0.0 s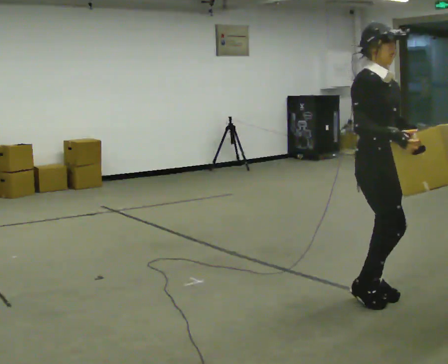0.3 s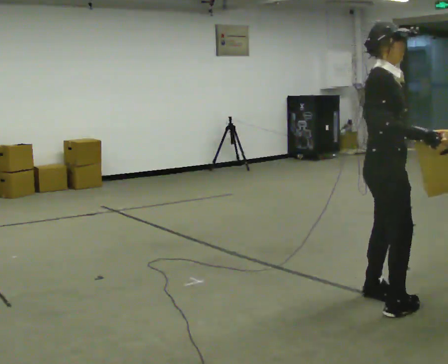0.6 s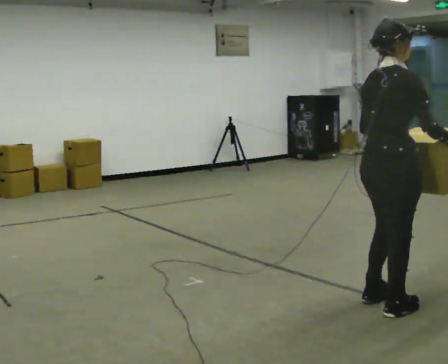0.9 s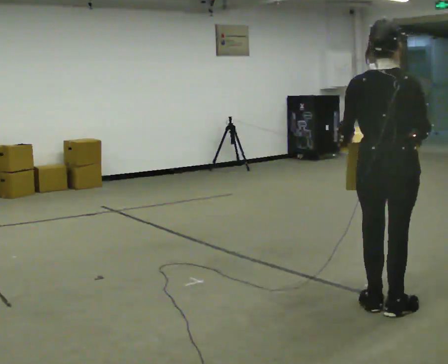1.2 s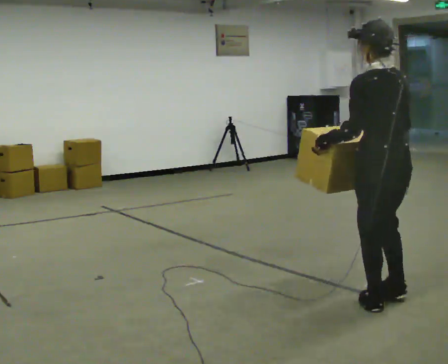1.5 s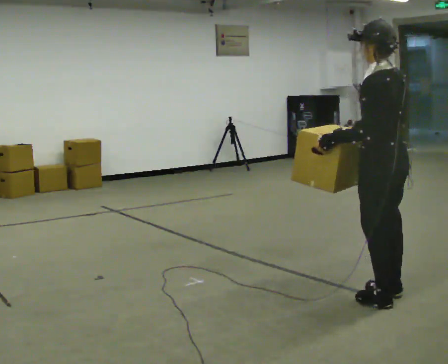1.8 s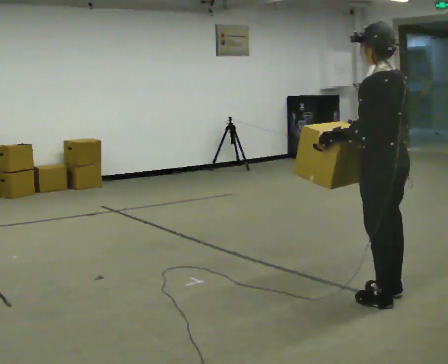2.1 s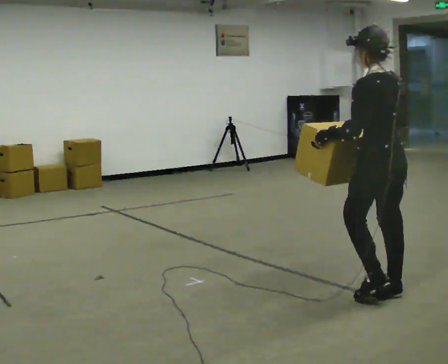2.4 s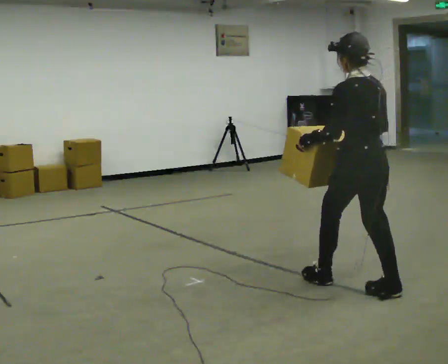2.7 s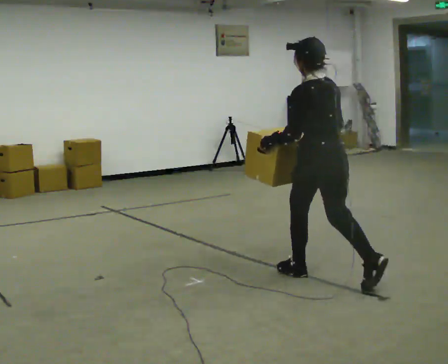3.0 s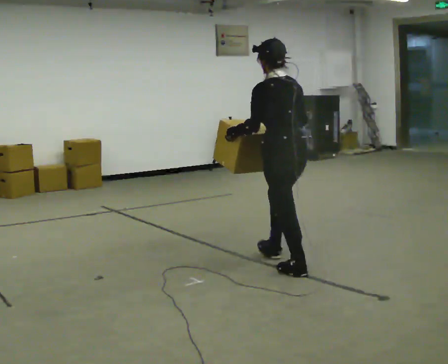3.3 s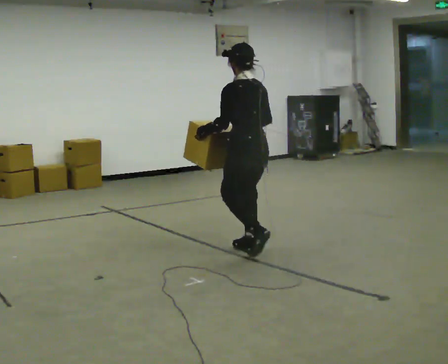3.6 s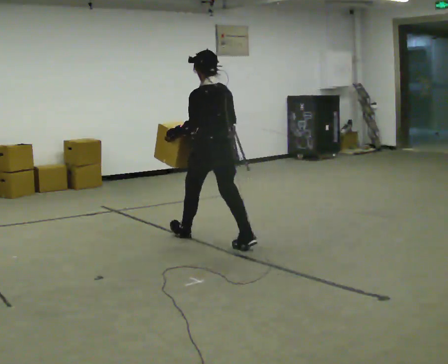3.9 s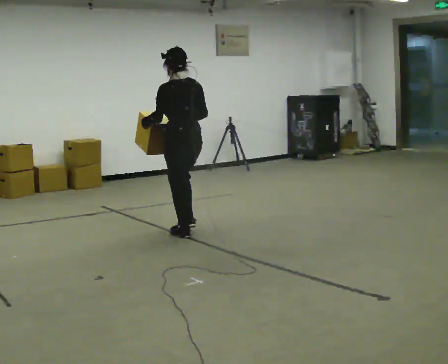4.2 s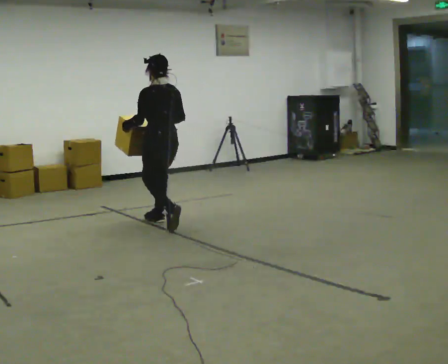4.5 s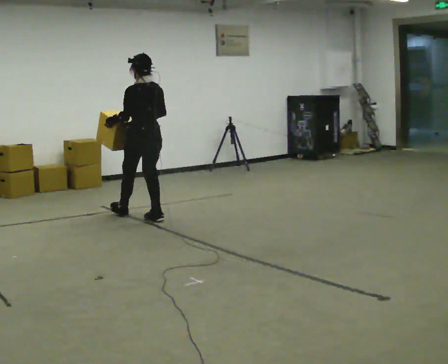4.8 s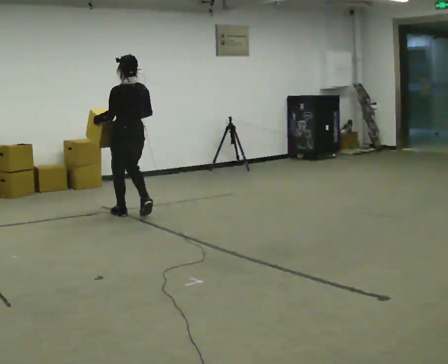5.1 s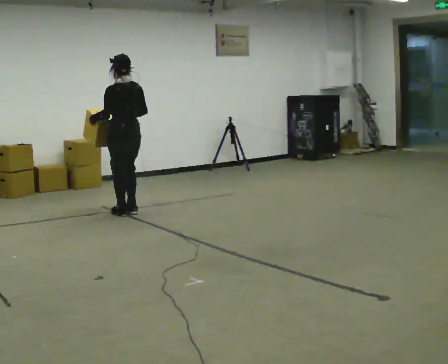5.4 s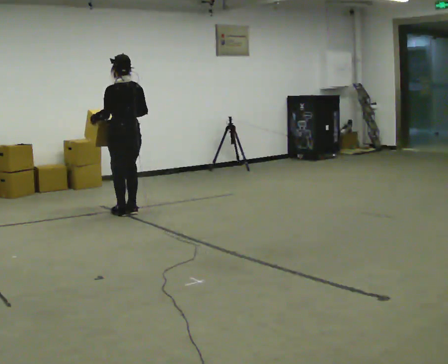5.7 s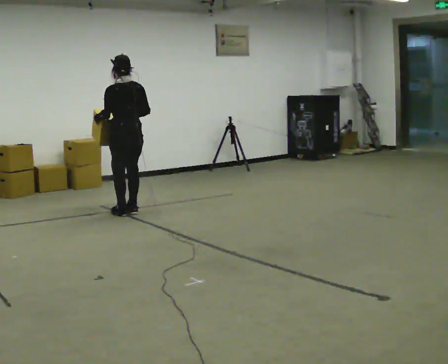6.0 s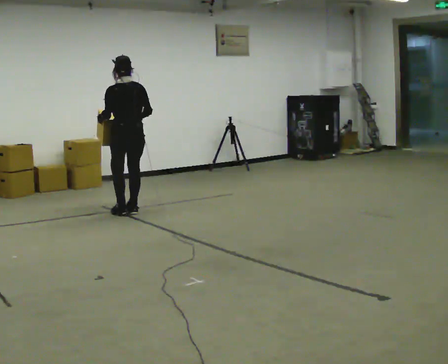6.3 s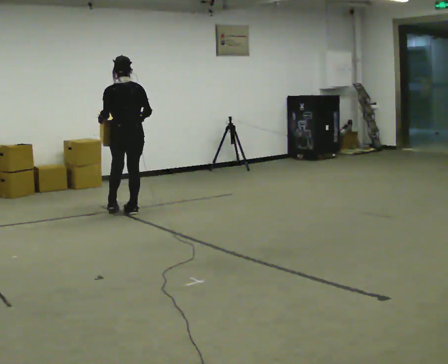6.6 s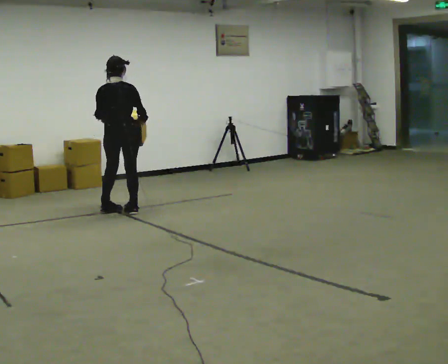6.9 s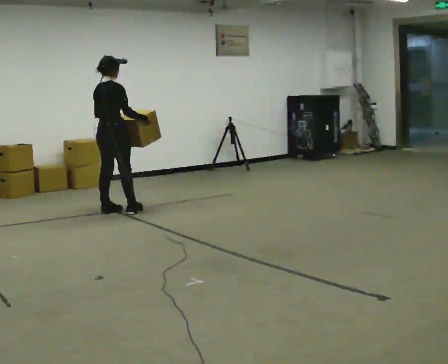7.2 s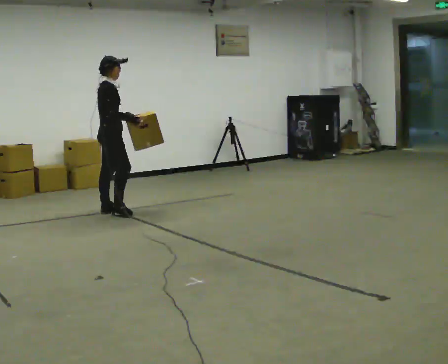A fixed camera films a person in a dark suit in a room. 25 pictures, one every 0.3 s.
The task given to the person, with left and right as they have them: Carry the box across the room as briskly as you comfortably can, back and forth. Do not run.
0.0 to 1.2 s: Seen from above the body turns counterclockwise, about 165 degrees: to their left, with its near side sliding to the right.
1.2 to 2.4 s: In the picture they go away from the camera, about 0.25 m in 1 step, which for them is forward.
2.4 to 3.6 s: In the picture they go away from the camera and to the left, about 1.5 m in 2 steps, which for them is forward.
3.6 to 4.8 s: In the picture they go away from the camera and to the left, about 1.5 m in 3 steps, which for them is forward.
4.8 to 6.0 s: In the picture they go away from the camera, about 0.25 m in 1 step, which for them is forward.
6.0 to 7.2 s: The person turns about 105 degrees to their right, clockwise seen from above, so the part of the body nearest the lens slides to the left. In the picture they go to the left, about 0.25 m in 1 step.
The film runs forward here.
